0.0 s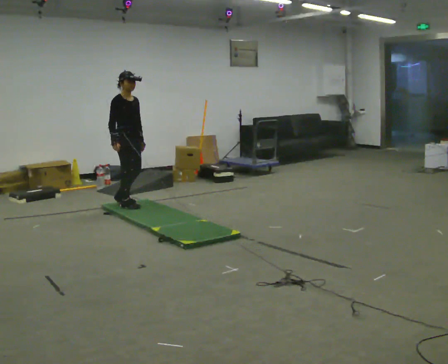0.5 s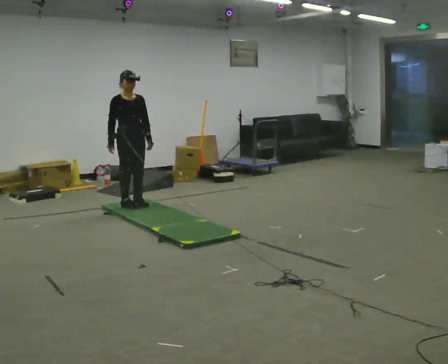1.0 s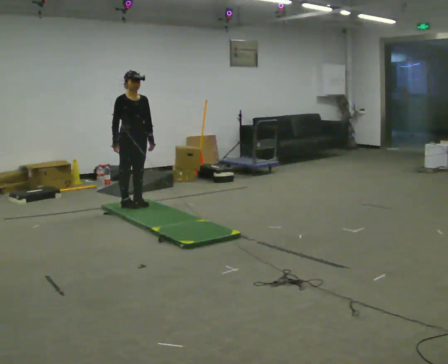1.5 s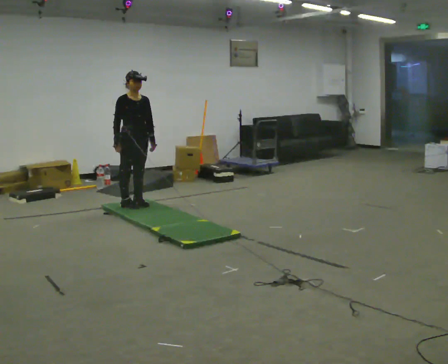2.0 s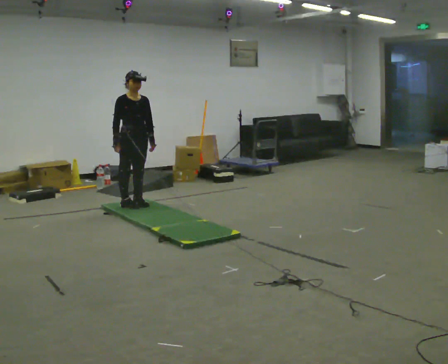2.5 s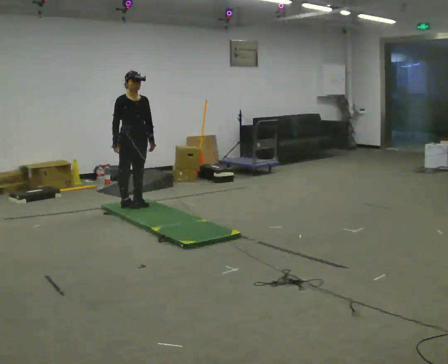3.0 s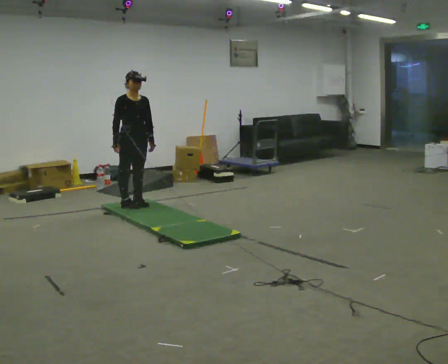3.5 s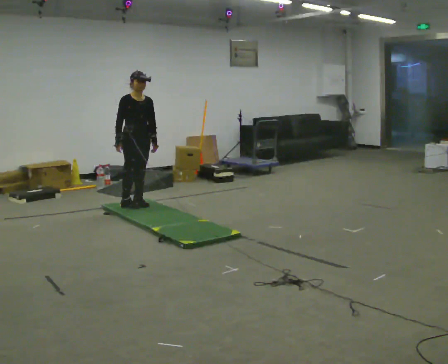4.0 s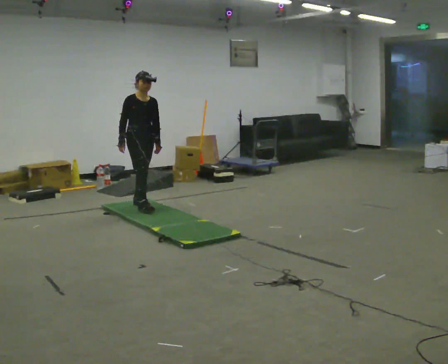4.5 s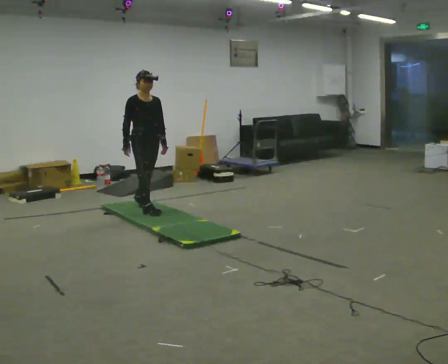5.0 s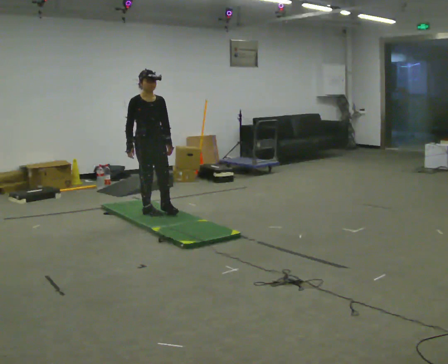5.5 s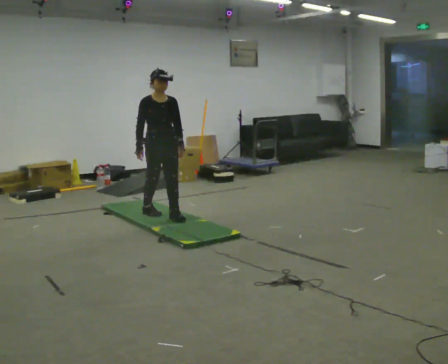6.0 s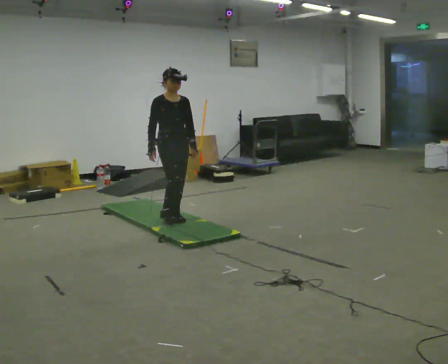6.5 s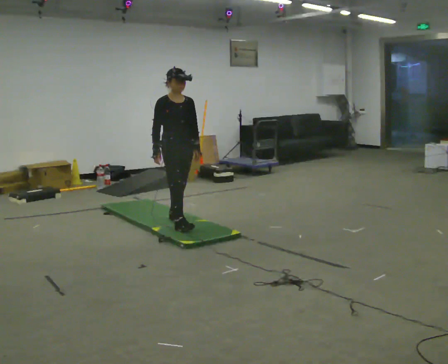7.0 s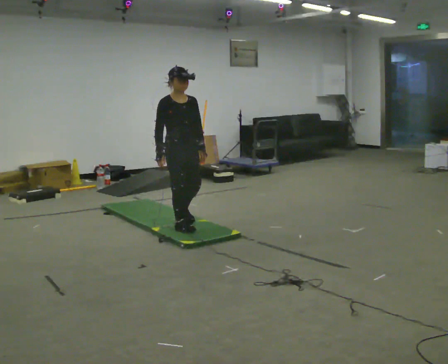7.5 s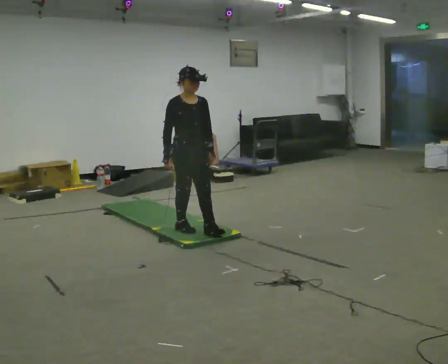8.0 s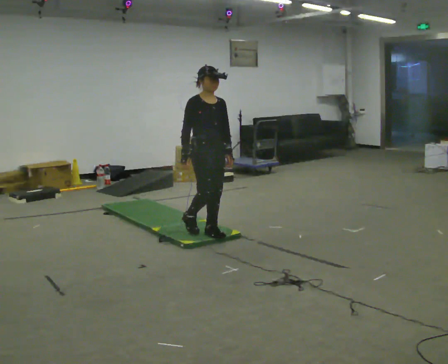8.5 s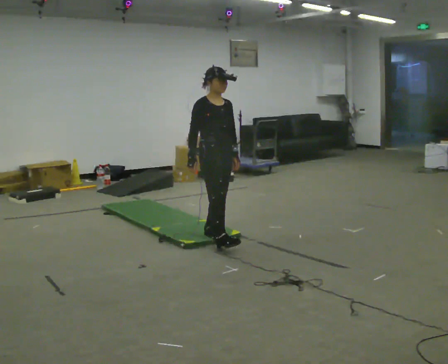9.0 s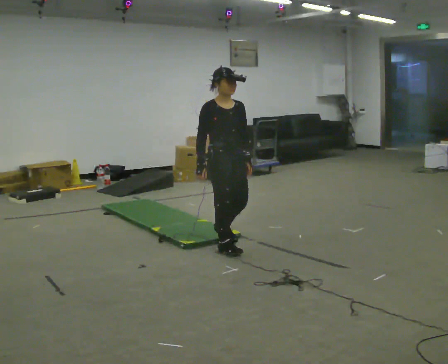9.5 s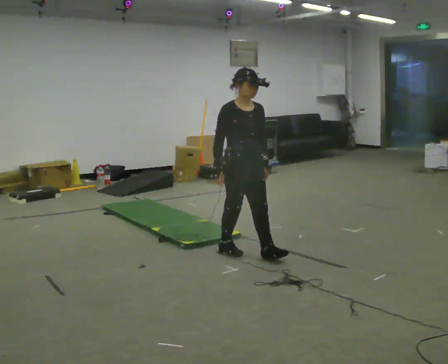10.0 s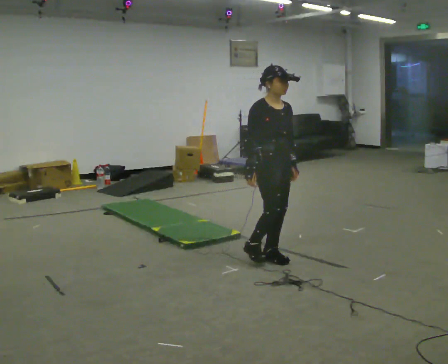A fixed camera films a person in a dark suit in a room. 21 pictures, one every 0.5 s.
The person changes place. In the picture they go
toward the camera.
0.0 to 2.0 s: The person turns about 30 degrees to their right, clockwise seen from above, so the part of the body nearest the lens slides to the left.
2.0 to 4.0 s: The person moves a little, or ends about where they began.
4.0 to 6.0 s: In the picture they go toward the camera and to the right, about 0.75 m in 2 steps, which for them is forward.
6.0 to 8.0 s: In the picture they go toward the camera and to the right, about 0.5 m in 2 steps, which for them is forward.
8.0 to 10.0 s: In the picture they go toward the camera and to the right, about 1 m in 2 steps, which for them is forward.
The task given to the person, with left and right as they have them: Walk across the soft uneven mat at a comfortable speed; continue walking normally after you leave it.
The film runs forward here.
